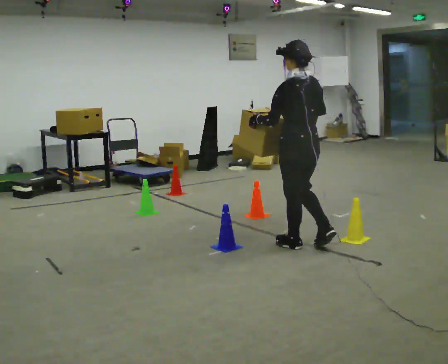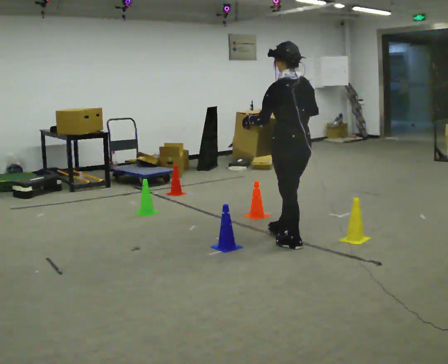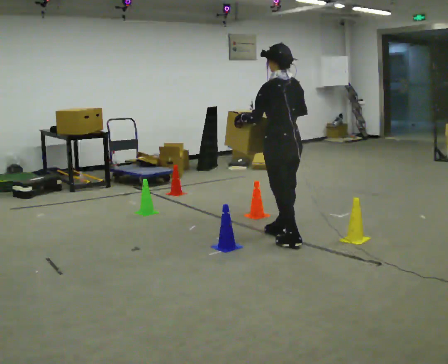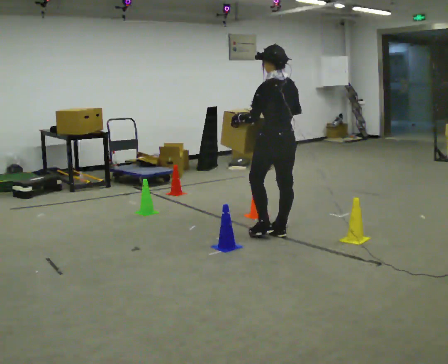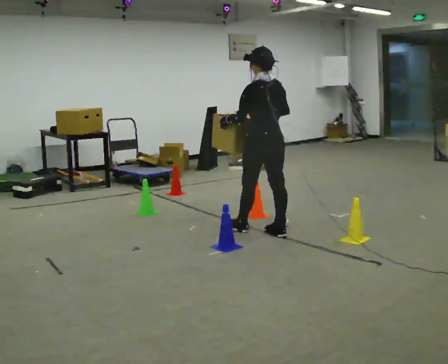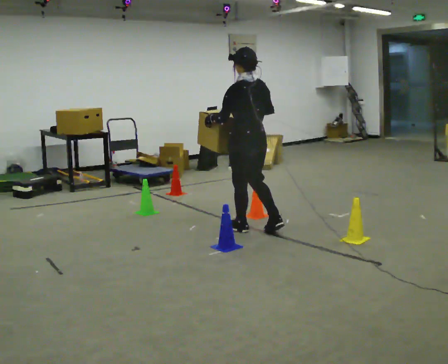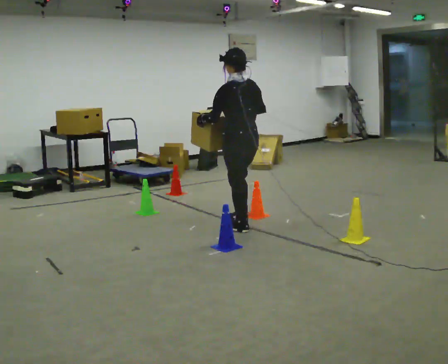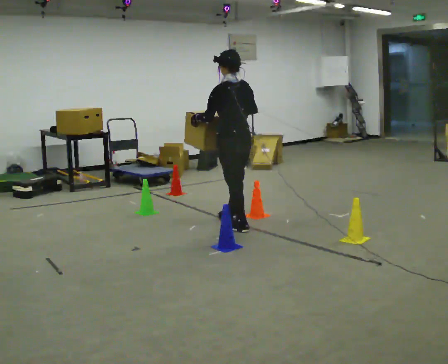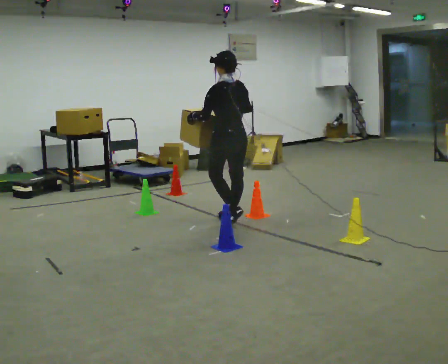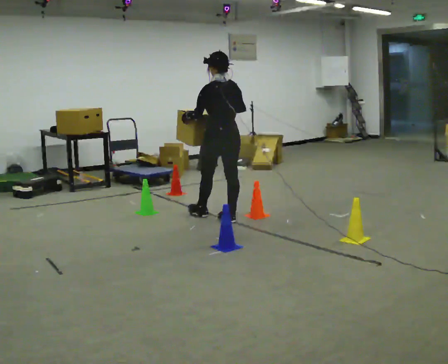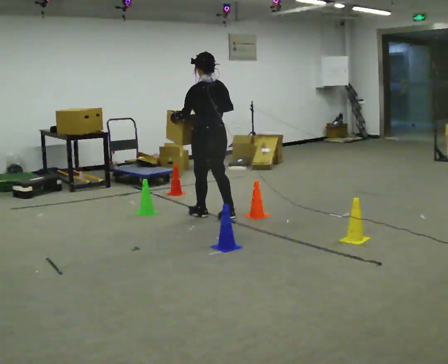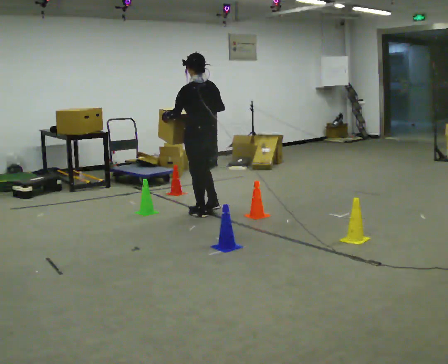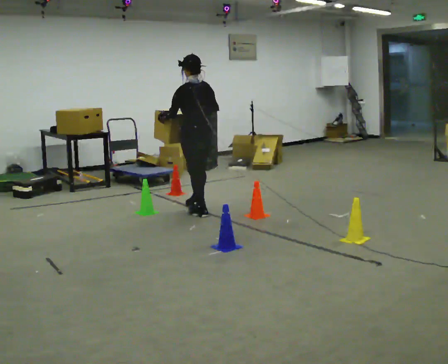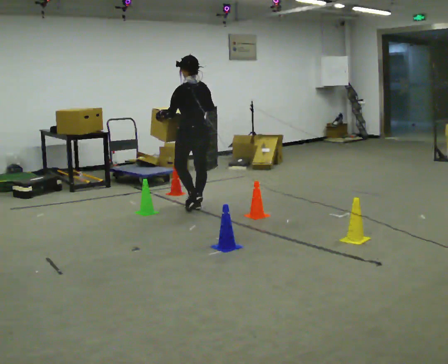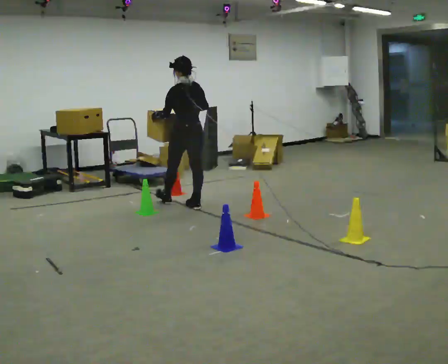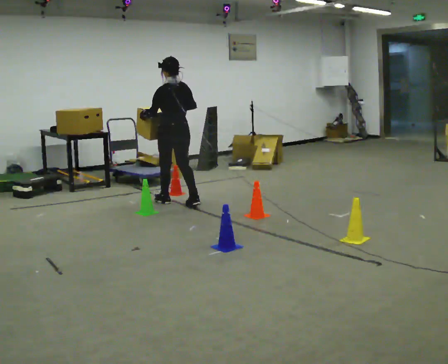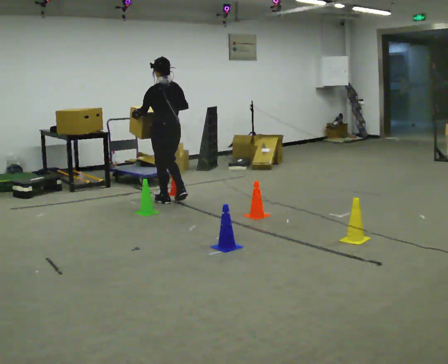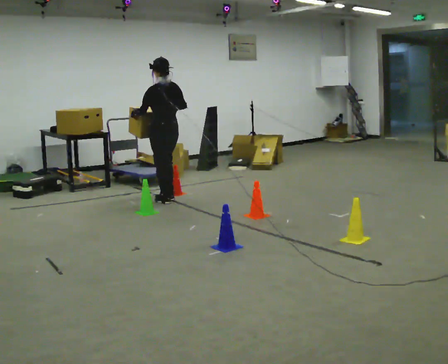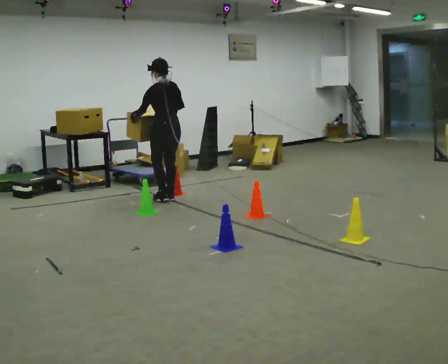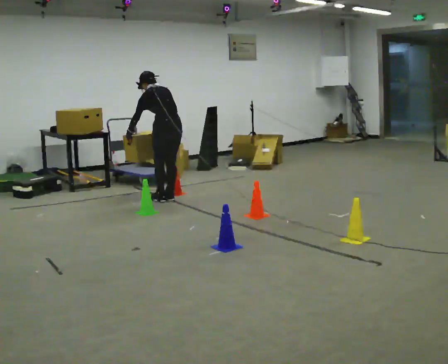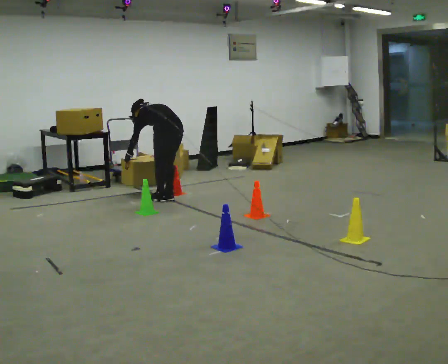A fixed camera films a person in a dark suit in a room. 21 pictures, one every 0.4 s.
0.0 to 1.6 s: In the picture they go away from the camera and to the left, about 0.5 m in 2 steps, which for them is forward.
1.6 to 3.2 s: In the picture they go away from the camera and to the left, about 0.5 m in 1 step, which for them is forward.
3.2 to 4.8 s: In the picture they go away from the camera and to the left, about 0.5 m in 2 steps, which for them is forward.
4.8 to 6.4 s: In the picture they go away from the camera and to the left, about 0.5 m in 1 step, which for them is forward.
6.4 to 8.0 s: The shoulders move downward. The upper body tips away from the camera, its near side rolling upward, as they bend forward. In the picture their right hand goes downward.
The film runs forward here.
